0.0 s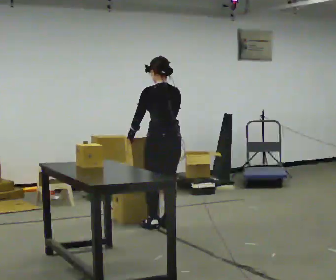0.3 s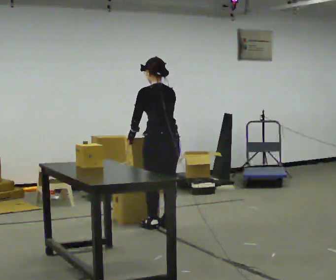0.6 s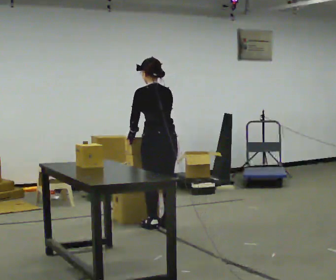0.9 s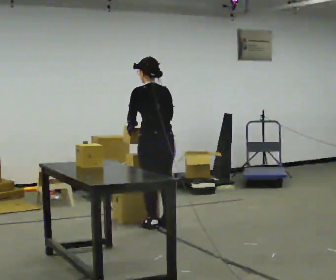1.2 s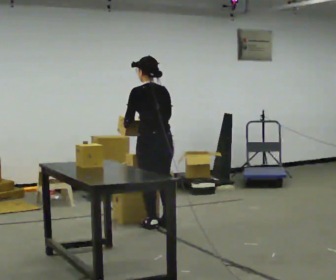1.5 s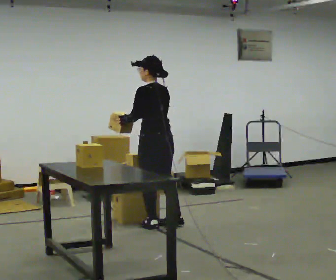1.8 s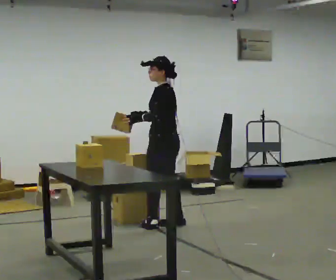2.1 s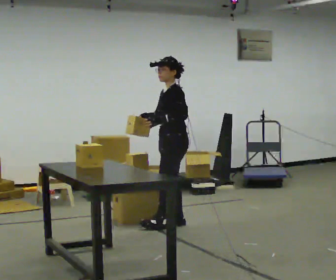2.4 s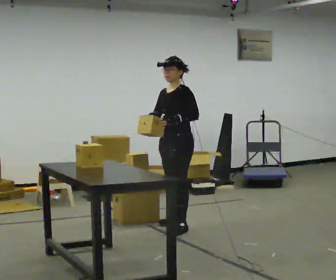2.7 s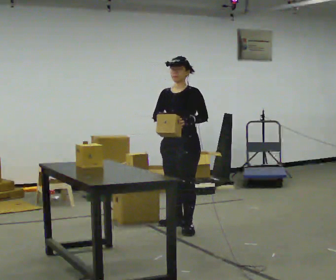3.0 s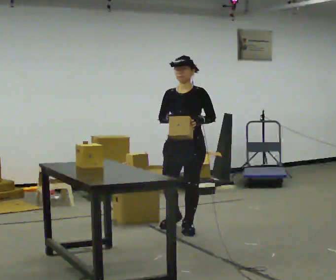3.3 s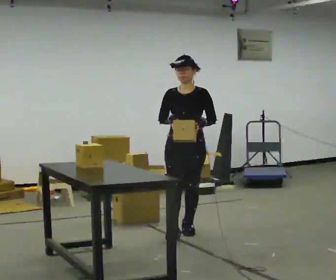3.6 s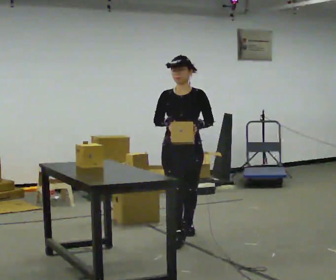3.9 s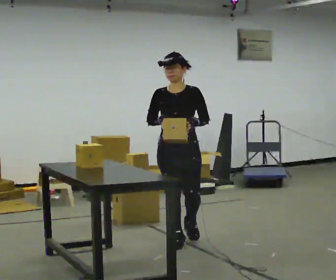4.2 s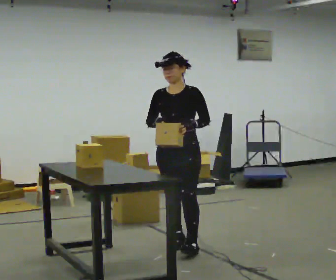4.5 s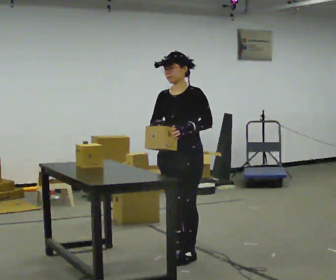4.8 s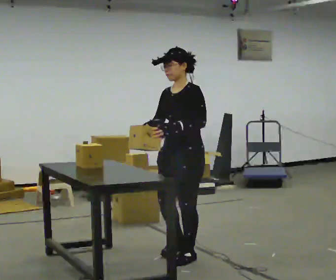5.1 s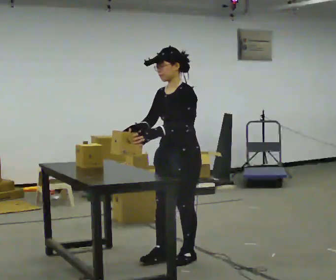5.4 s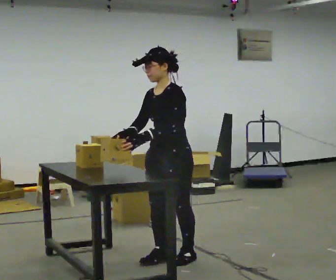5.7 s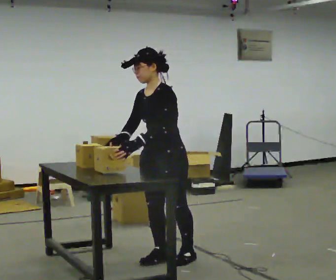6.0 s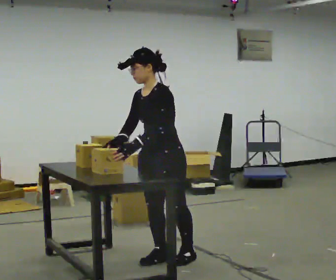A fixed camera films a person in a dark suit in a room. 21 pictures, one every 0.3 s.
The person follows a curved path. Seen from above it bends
clockwise.
The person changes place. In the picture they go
toward the camera.
0.0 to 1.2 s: The person moves a little, or ends about where they began.
1.2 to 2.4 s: The person turns about 90 degrees to their left, counterclockwise seen from above, so the part of the body nearest the lens slides to the right. In the picture they go to the right, about 0.25 m in 1 step.
2.4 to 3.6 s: The person turns about 60 degrees to their left, counterclockwise seen from above, so the part of the body nearest the lens slides to the right. In the picture they go toward the camera, about 0.5 m in 2 steps, which for them is forward.
3.6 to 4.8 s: The part of the body nearest the lens slides to the left as the person turns to their right by about 45 degrees. In the picture they go toward the camera, about 0.5 m in 1 step, which for them is forward.
4.8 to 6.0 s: The person moves a little, or ends about where they began.
The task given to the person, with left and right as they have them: Take objects out of the bin one at a time and lay them out on the table, stepping between the bin and the table each time. Keep going until the operator says stop; one object at a time, and do not rush between trips.
The film runs forward here.
